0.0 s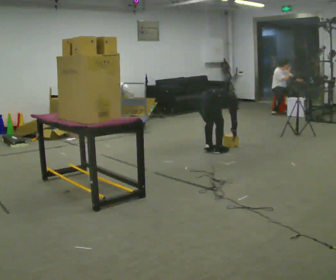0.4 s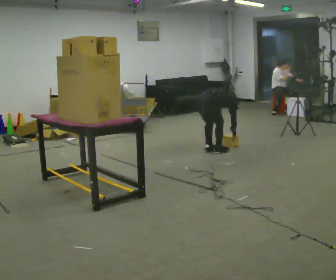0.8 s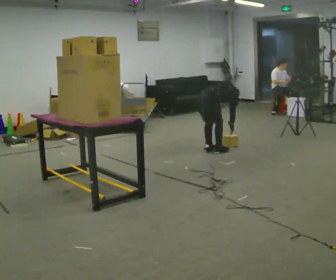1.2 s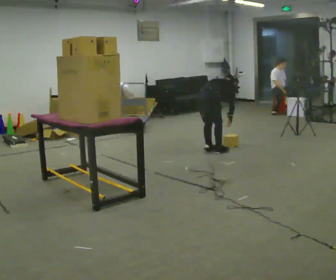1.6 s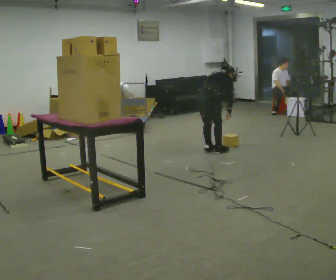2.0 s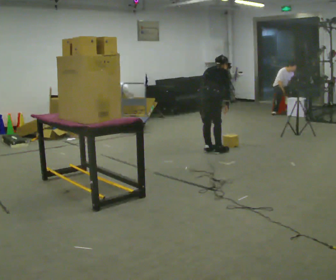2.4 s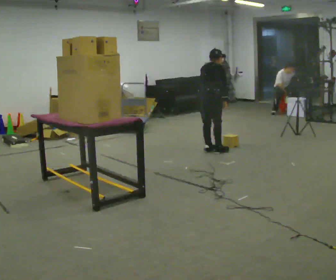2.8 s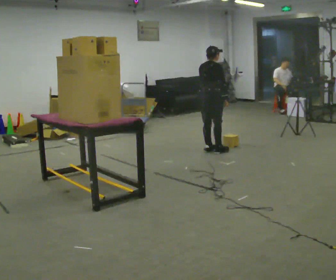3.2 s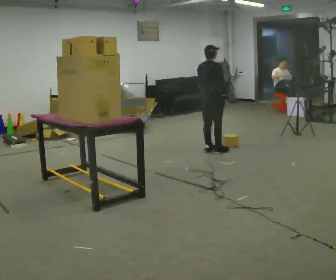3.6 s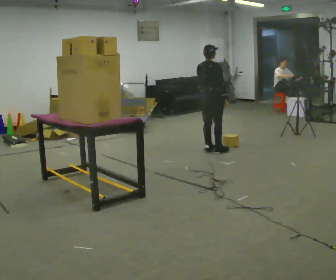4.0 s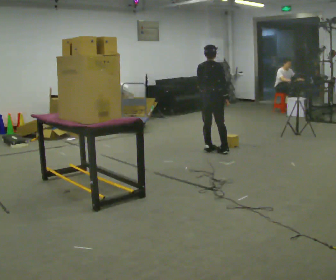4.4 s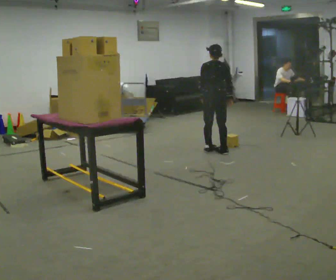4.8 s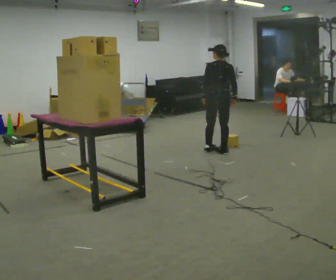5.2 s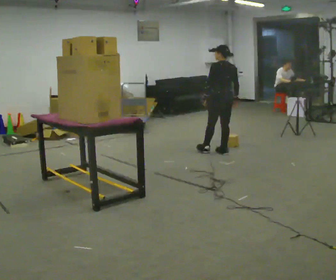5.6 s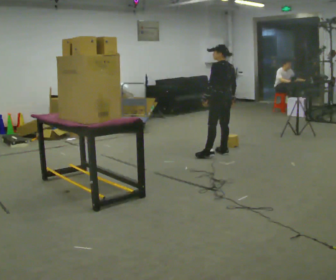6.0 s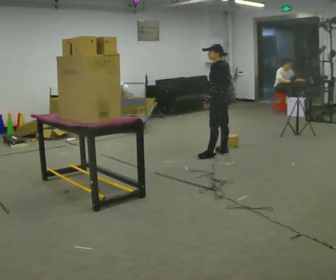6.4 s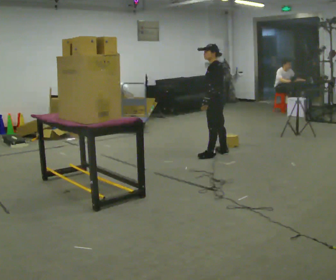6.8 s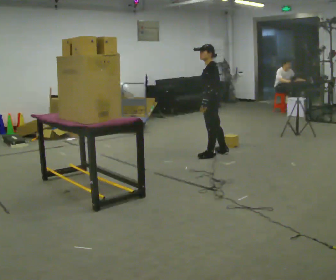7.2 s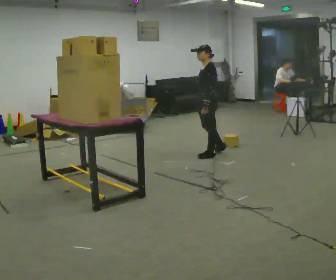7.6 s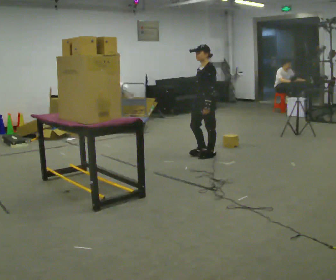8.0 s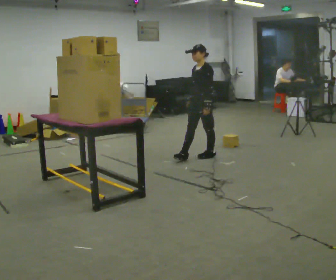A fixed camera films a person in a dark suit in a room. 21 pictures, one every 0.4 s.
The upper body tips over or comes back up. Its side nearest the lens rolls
downward.
The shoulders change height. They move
upward.
0.0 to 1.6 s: The shoulders move upward. The upper body tips toward the camera, its near side rolling downward, as they lean back or straighten. In the picture their right hand goes upward.
1.6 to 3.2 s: The upper body goes upward. The upper body tips toward the camera, its near side rolling downward, as they lean back or straighten.
3.2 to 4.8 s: Seen from above the body turns counterclockwise, about 45 degrees: to their left, with its near side sliding to the right. In the picture they go to the right, about 0.25 m, which for them is to their right.
4.8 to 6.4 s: The part of the body nearest the lens slides to the right as the person turns to their left by about 60 degrees.
6.4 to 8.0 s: The person turns about 45 degrees to their left, counterclockwise seen from above, so the part of the body nearest the lens slides to the right. In the picture they go to the left, about 0.25 m in 1 step, which for them is forward. In the picture their right hand goes to the left.
The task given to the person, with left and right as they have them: Take an object down from the highest shelf you can comfortably reach, carry it across the room, and set it on the floor. Keep going until the operator says stop; one object at a time, and do not rush between trips.
The film runs forward here.
